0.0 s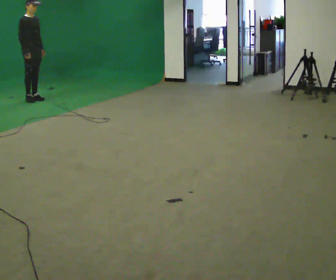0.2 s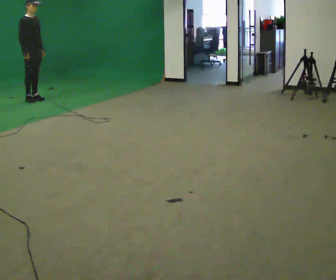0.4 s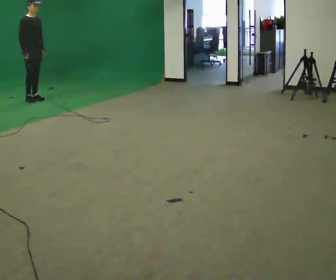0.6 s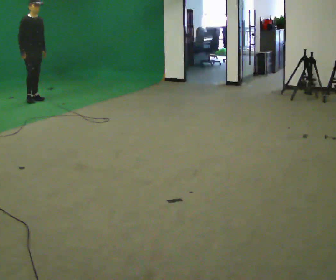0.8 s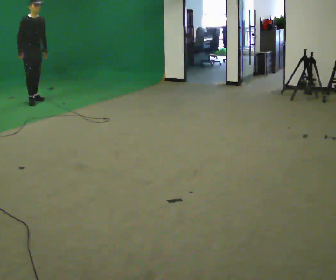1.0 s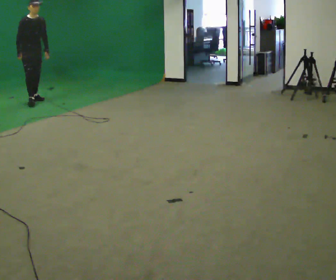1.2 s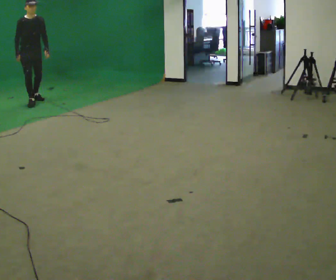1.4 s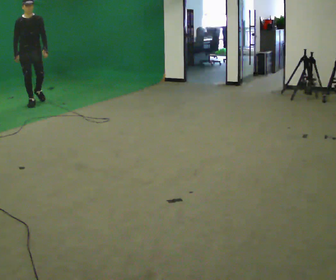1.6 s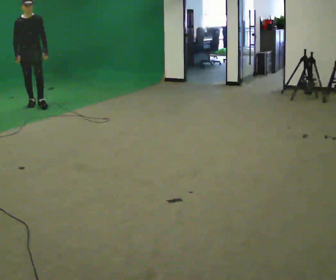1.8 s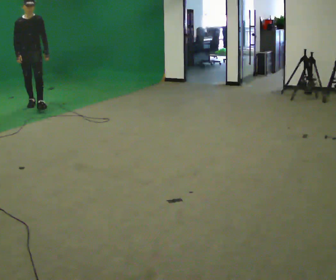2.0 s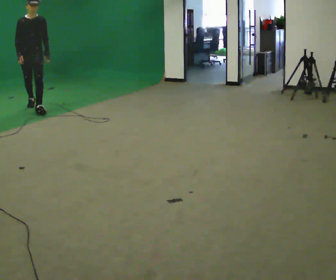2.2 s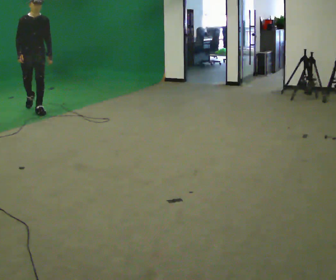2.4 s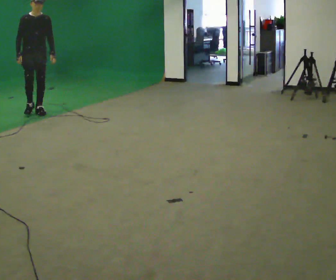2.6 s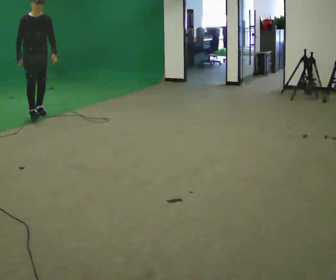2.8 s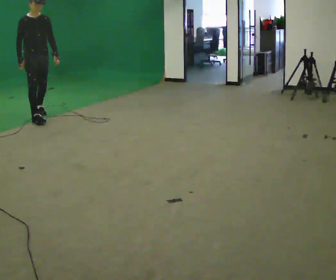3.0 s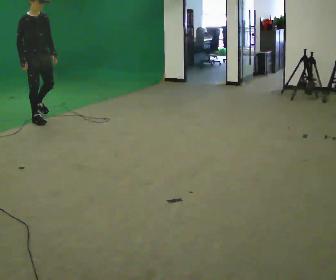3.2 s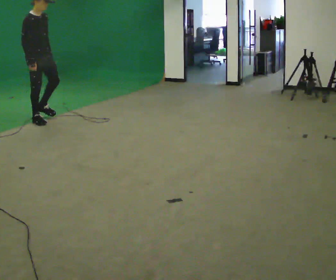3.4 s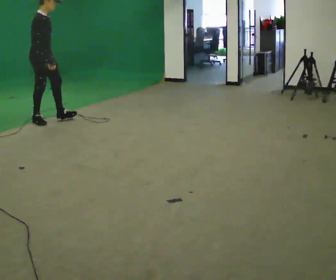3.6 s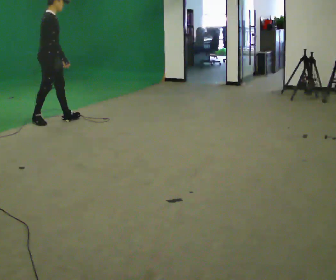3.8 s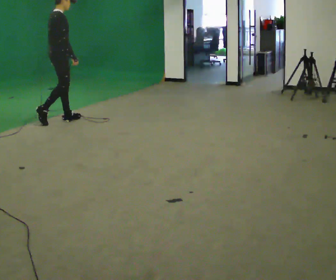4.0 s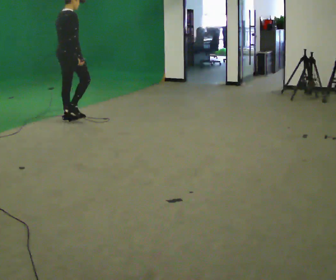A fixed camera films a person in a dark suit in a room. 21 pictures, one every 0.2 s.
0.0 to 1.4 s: The person turns about 45 degrees to their right, clockwise seen from above, so the part of the body nearest the lens slides to the left. In the picture they go toward the camera, about 0.25 m in 1 step, which for them is forward and to their right.
1.4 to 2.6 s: In the picture they go toward the camera, about 1 m in 1 step, which for them is forward.
2.6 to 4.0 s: The part of the body nearest the lens slides to the right as the person turns to their left by about 105 degrees. In the picture they go to the right and toward the camera, about 0.5 m in 2 steps.
The film runs forward here.
